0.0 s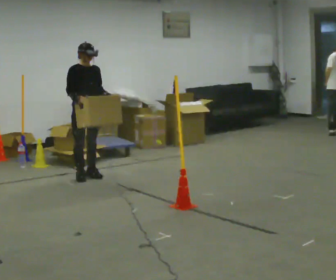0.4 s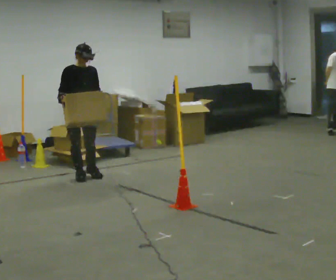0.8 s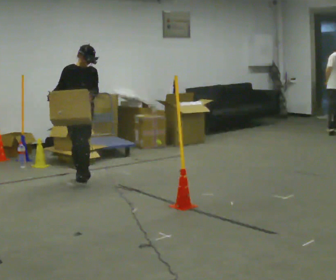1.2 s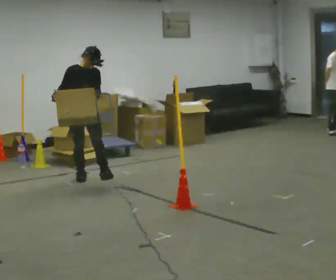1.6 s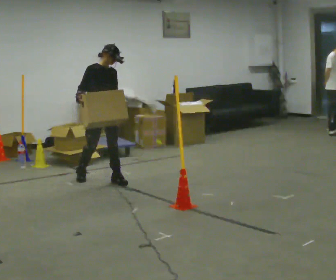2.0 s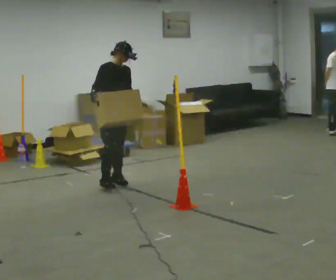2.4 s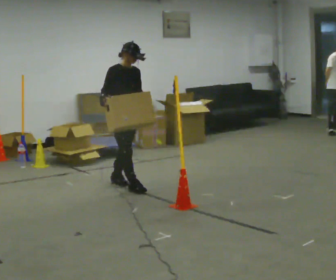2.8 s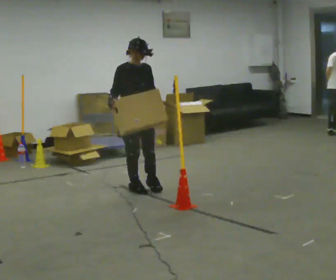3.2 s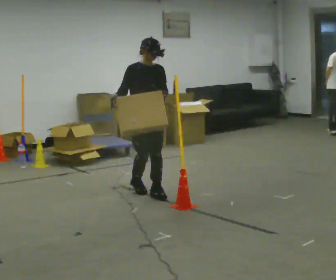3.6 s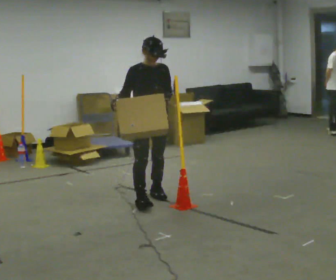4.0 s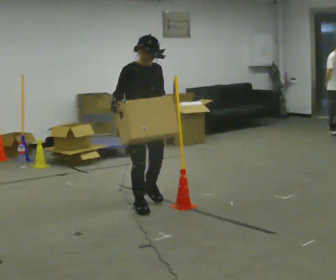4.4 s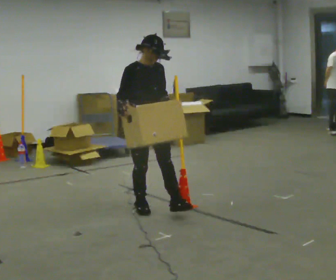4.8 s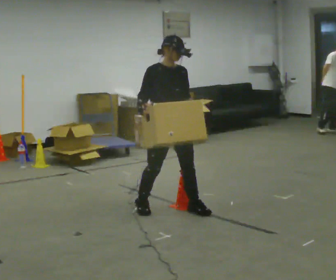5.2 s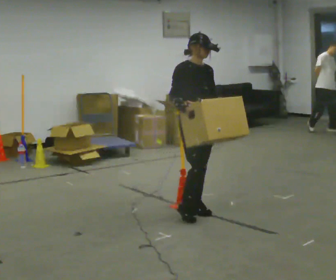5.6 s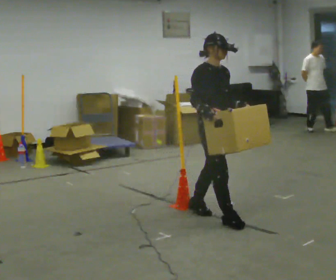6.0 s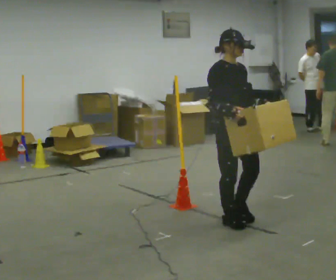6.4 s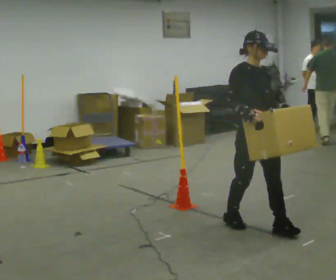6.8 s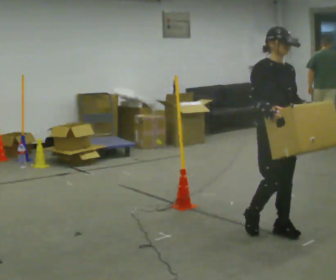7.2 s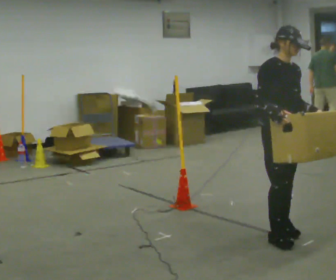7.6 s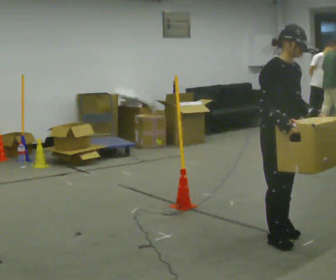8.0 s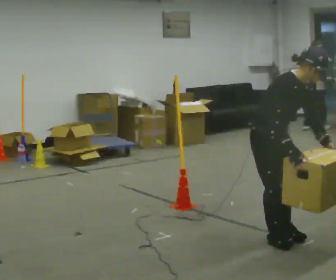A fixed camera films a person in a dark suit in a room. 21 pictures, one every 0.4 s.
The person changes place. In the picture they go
toward the camera.
0.0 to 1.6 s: In the picture they go to the right and toward the camera, about 0.25 m in 1 step, which for them is forward and to their left.
1.6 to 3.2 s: In the picture they go toward the camera and to the right, about 0.5 m in 2 steps, which for them is forward.
3.2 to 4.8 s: In the picture they go toward the camera and to the right, about 0.5 m in 2 steps, which for them is forward.
4.8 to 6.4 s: In the picture they go toward the camera and to the right, about 1 m in 2 steps, which for them is forward.
6.4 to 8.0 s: In the picture they go toward the camera, about 0.25 m in 1 step, which for them is to their right. The upper body goes downward. The upper body tips toward the camera, its near side rolling downward, as they bend forward. In the picture their left hand goes downward.
The film runs forward here.
